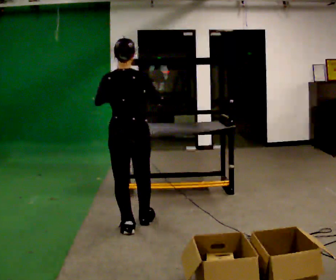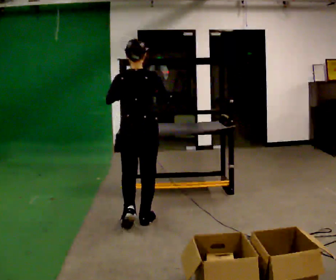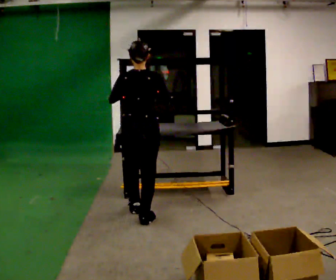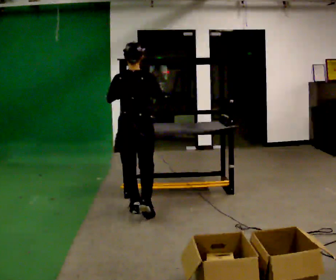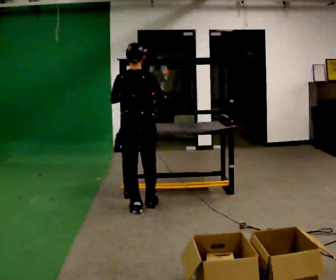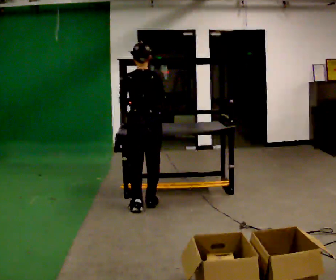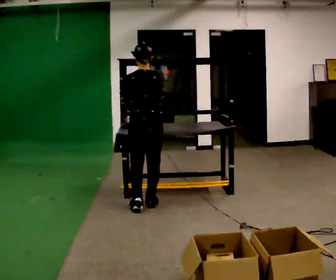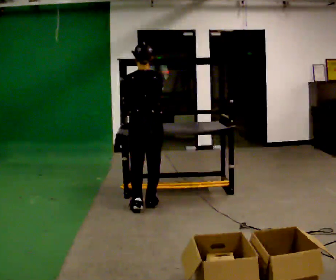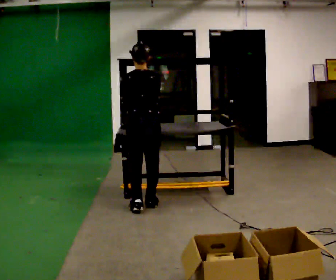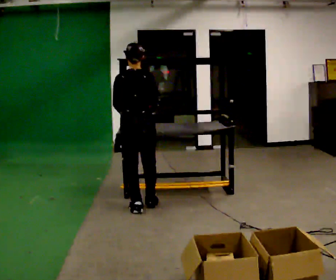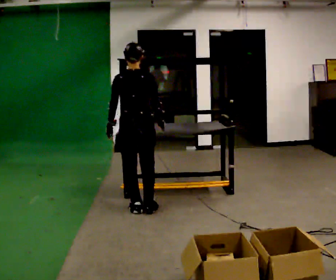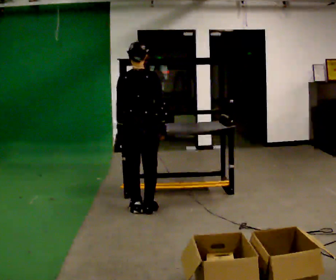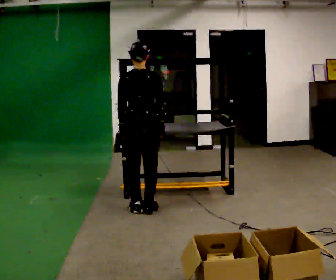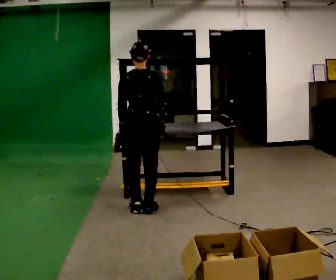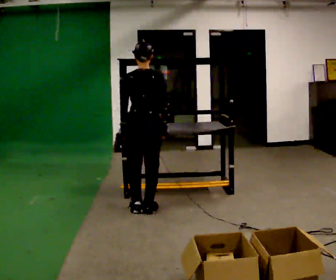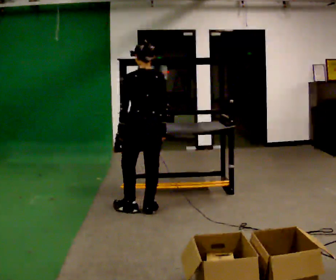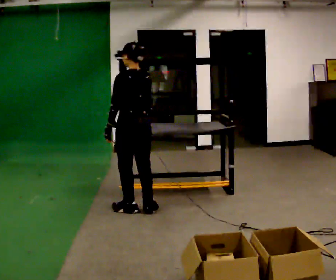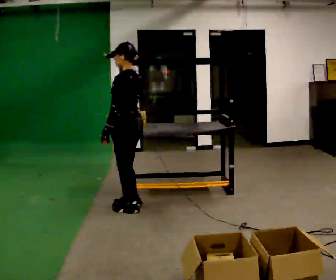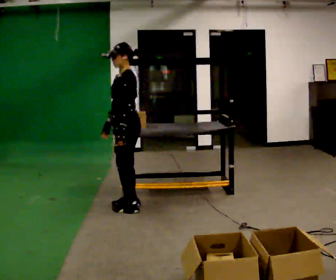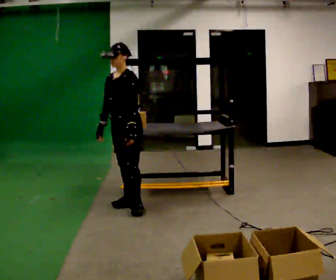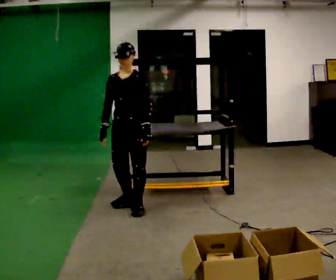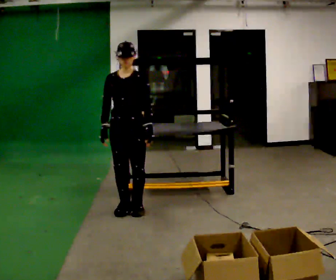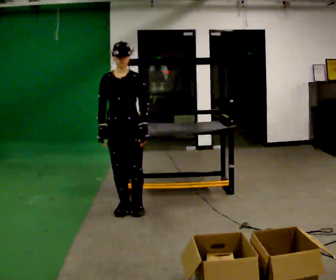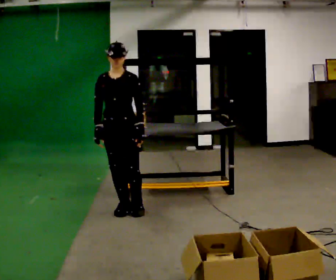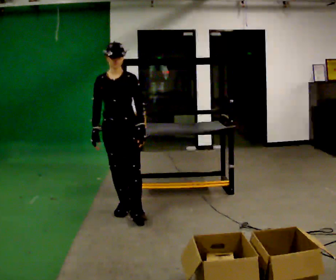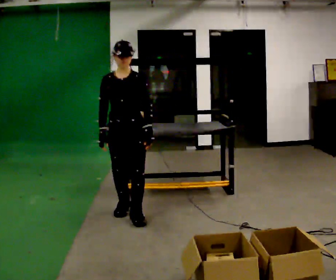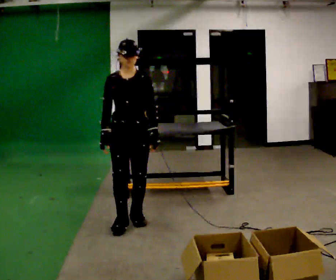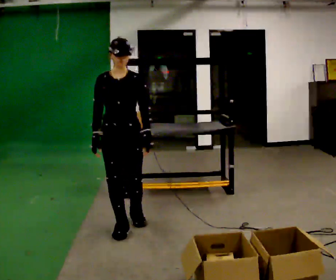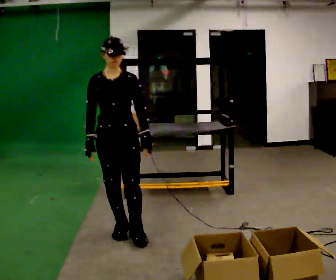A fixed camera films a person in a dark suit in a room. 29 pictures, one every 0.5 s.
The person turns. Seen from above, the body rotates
counterclockwise.
The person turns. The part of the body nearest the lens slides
to the right.
0.0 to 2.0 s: In the picture they go away from the camera, about 0.5 m in 2 steps, which for them is forward.
2.0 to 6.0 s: The person moves a little, or ends about where they began.
6.0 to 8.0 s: Seen from above the body turns counterclockwise, about 45 degrees: to their left, with its near side sliding to the right.
8.0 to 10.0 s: Seen from above the body turns counterclockwise, about 120 degrees: to their left, with its near side sliding to the right. In the picture their left hand goes to the right, the arm swinging counterclockwise.
10.0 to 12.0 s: The person moves a little, or ends about where they began.
12.0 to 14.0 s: In the picture they go toward the camera, about 0.5 m in 1 step, which for them is forward.
The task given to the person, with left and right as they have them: 1. Look at the shelf and see which spaces are empty. 2. Find matching items in the bins on the floor. 3. Fill the empty spaces on the shelf. 4. Tell the operator when you are finished.
The film runs forward here.
